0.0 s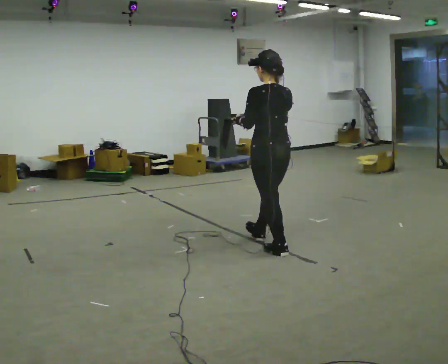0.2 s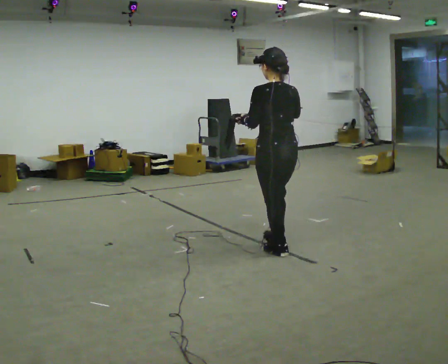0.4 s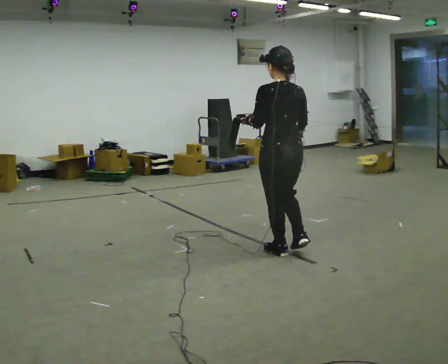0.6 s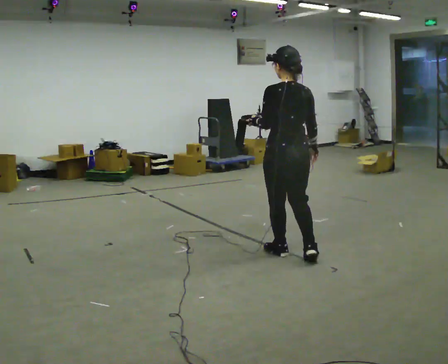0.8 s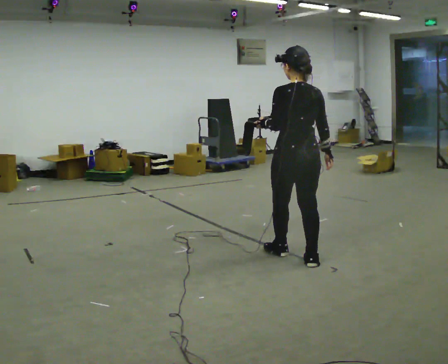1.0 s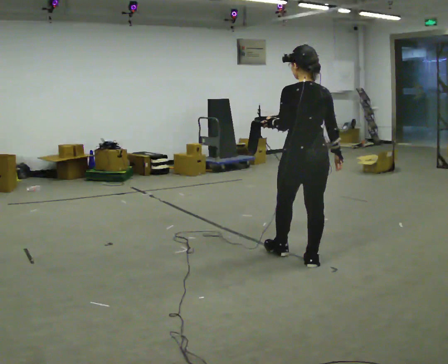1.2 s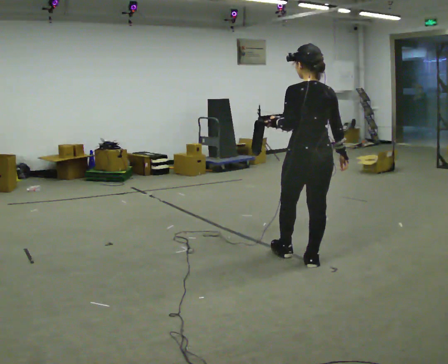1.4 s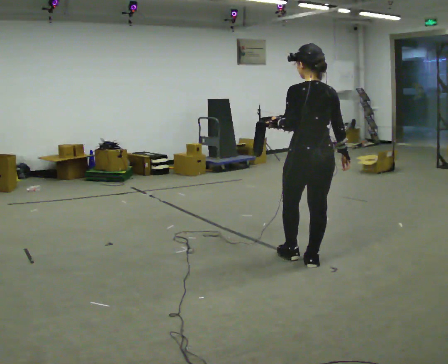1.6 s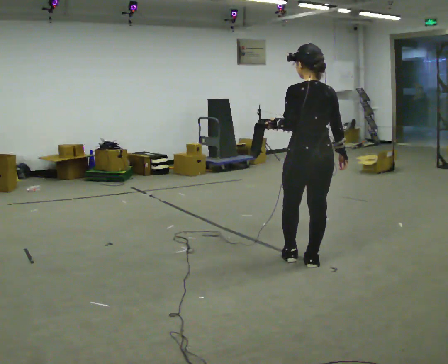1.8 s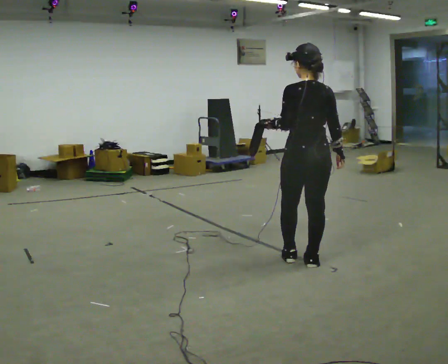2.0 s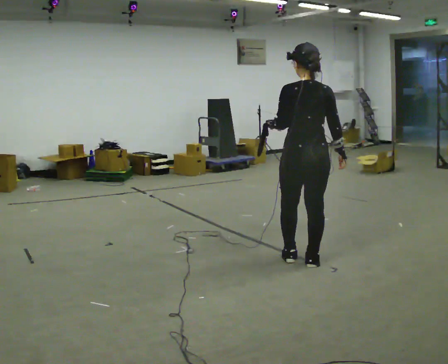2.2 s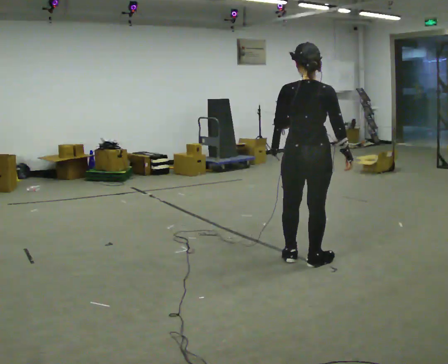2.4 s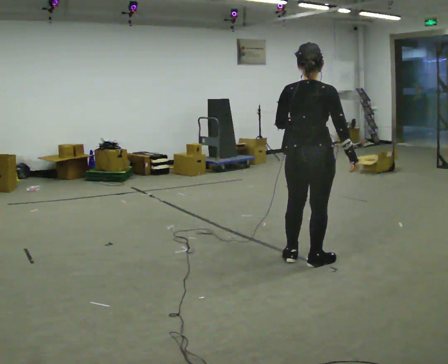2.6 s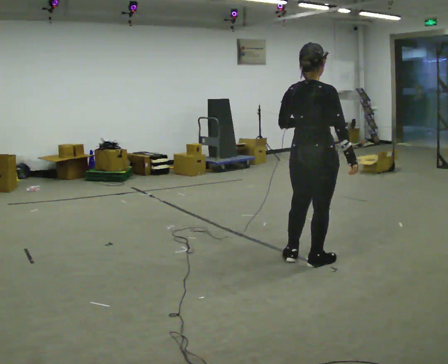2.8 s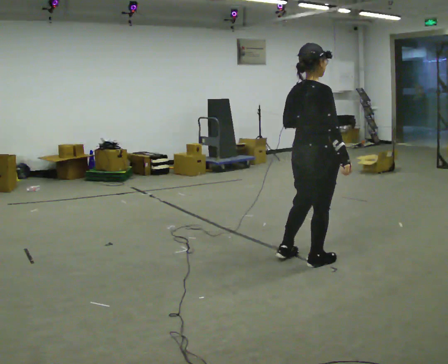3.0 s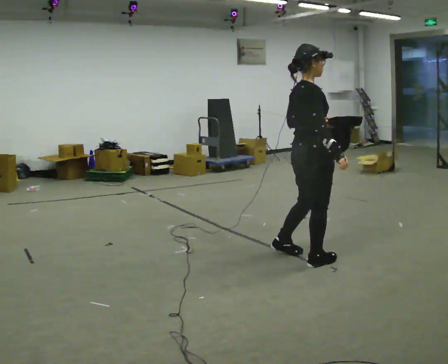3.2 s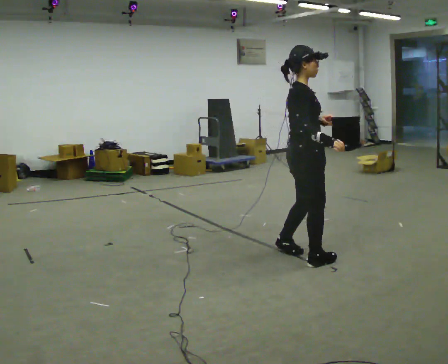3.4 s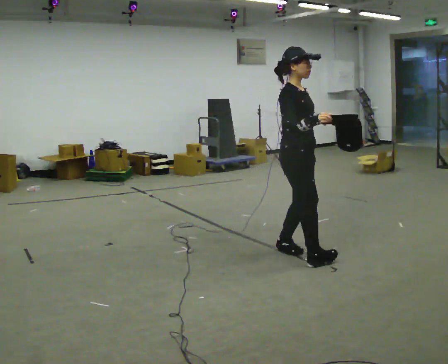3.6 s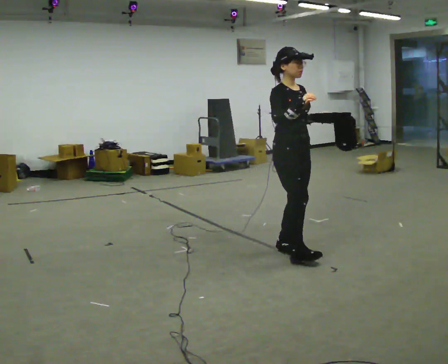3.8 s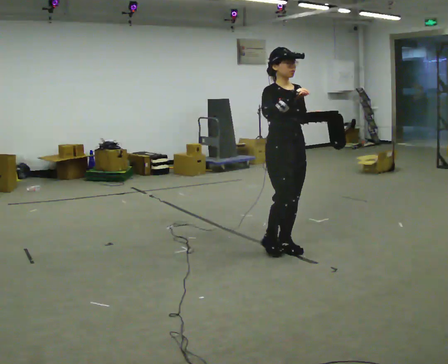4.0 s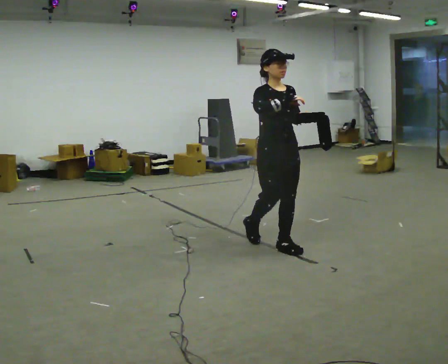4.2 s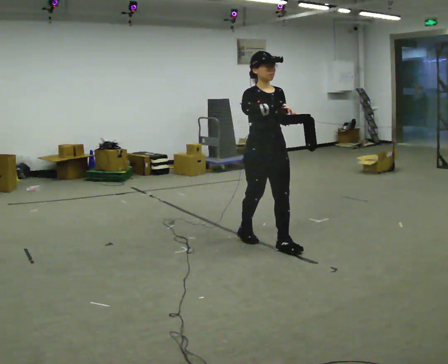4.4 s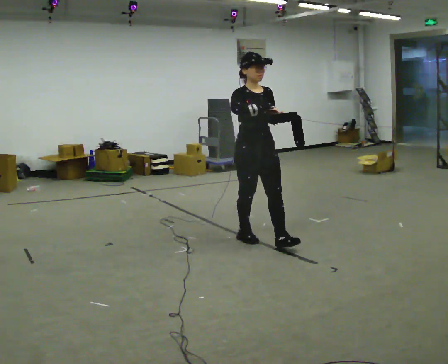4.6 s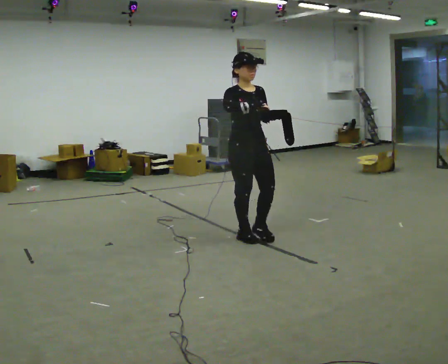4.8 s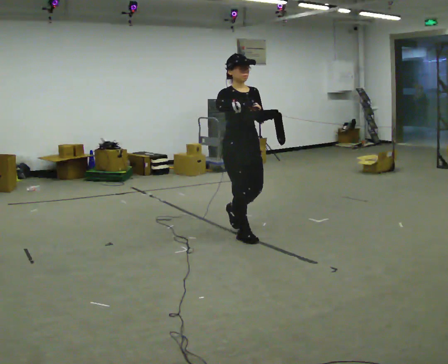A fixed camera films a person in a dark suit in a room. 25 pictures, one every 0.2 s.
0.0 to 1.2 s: In the picture they go to the right and toward the camera, about 0.5 m in 1 step, which for them is backward. In the picture their right hand goes downward.
1.2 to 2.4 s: The part of the body nearest the lens slides to the left as the person turns to their right by about 30 degrees.
2.4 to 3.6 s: The part of the body nearest the lens slides to the left as the person turns to their right by about 105 degrees. In the picture they go to the left and away from the camera, about 0.25 m in 2 steps. In the picture their right hand goes upward.
3.6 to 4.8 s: In the picture they go to the left and away from the camera, about 0.5 m in 1 step, which for them is backward.
The film runs backward here.
